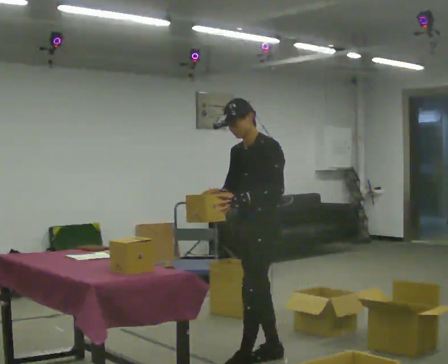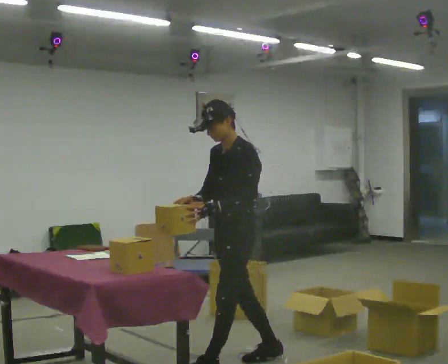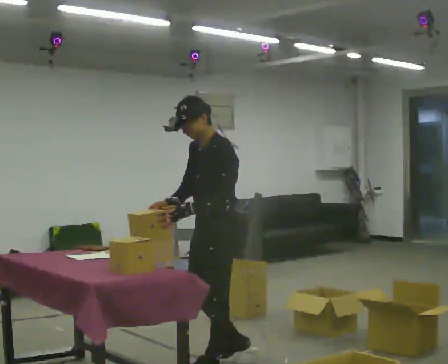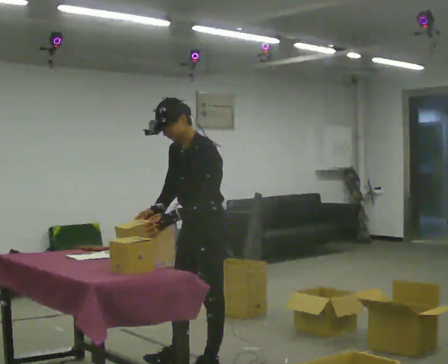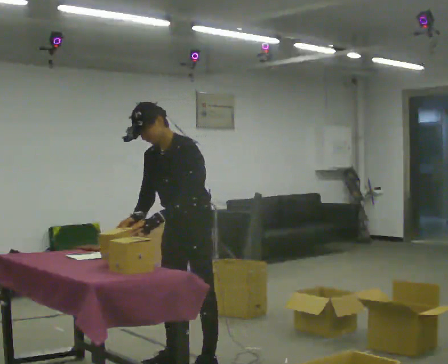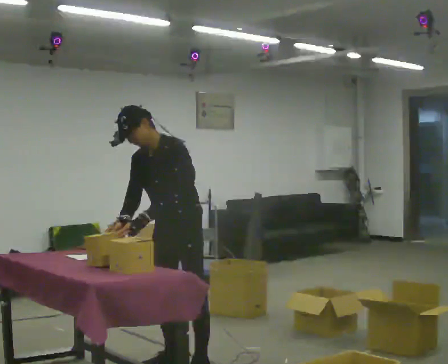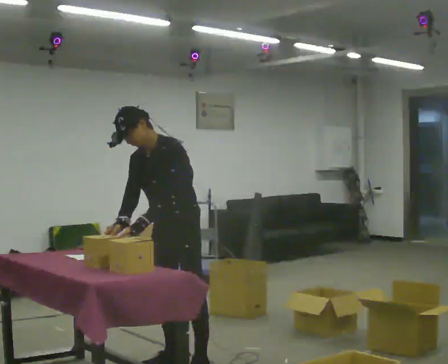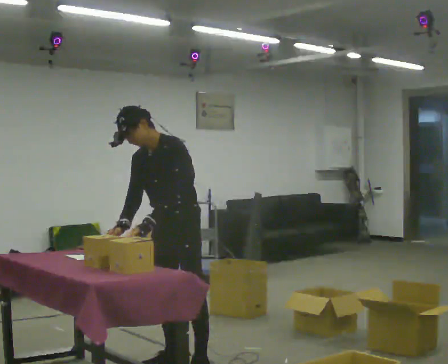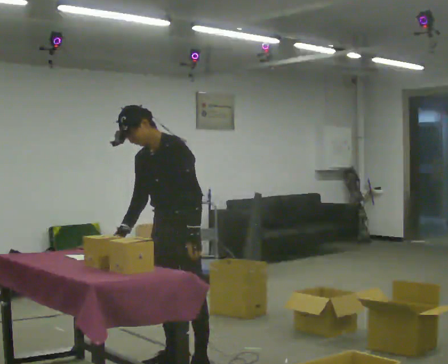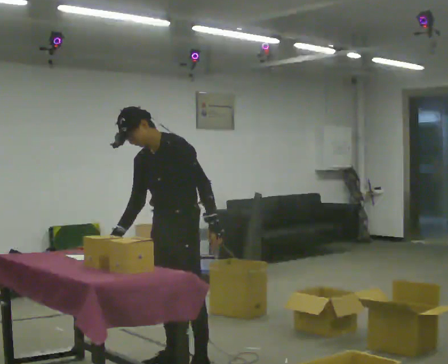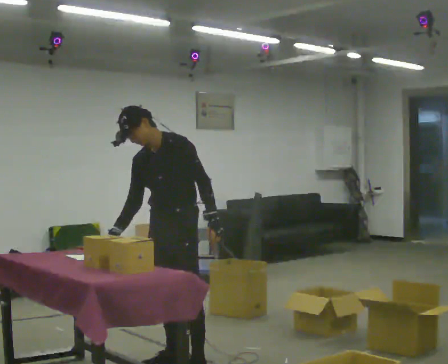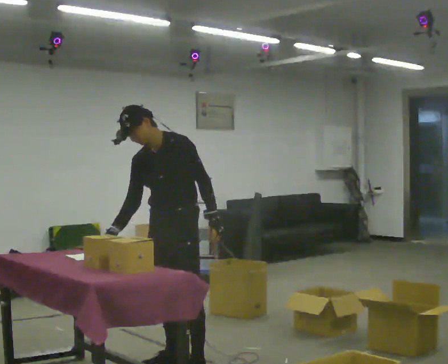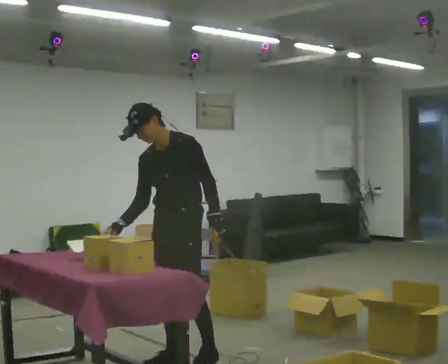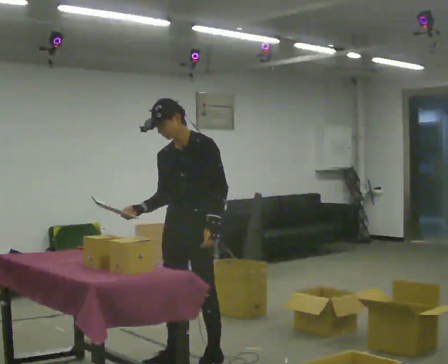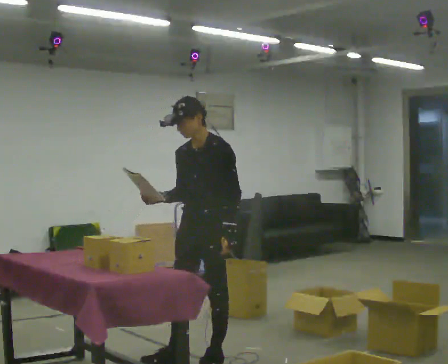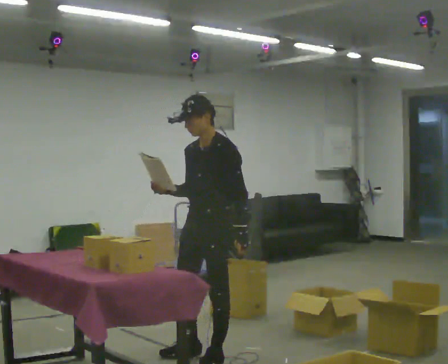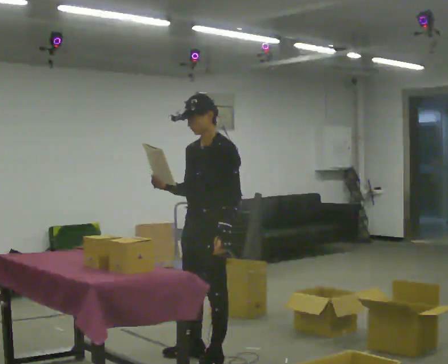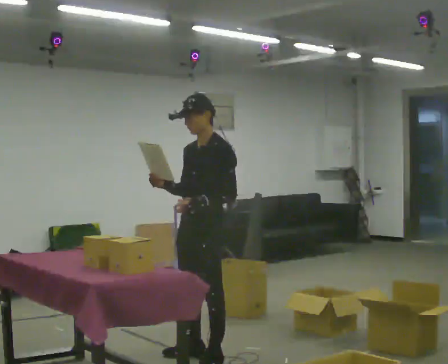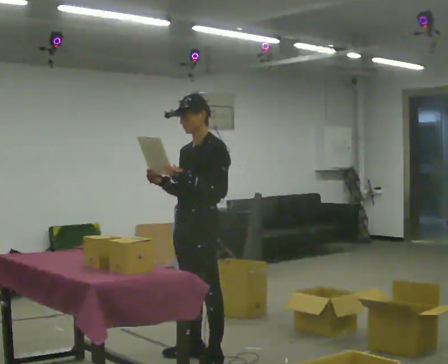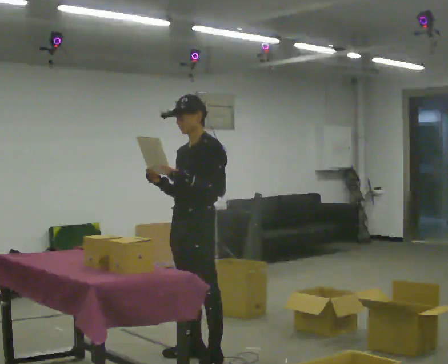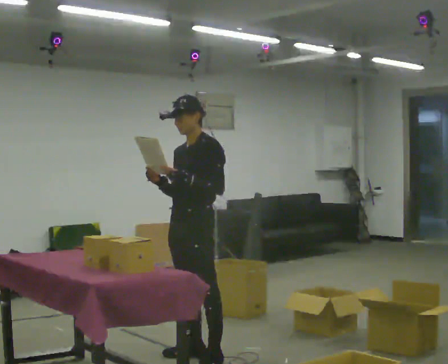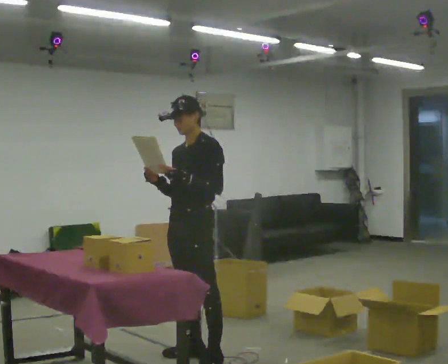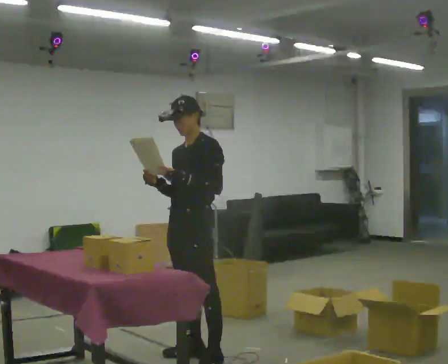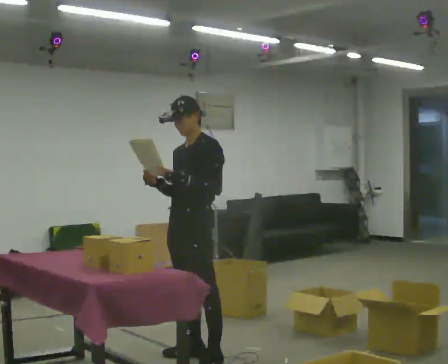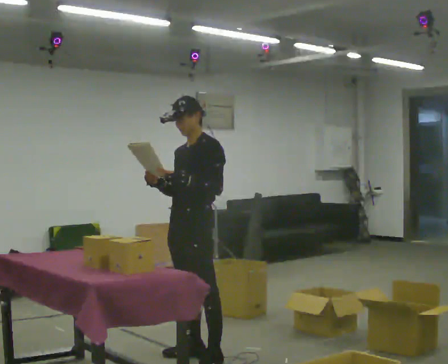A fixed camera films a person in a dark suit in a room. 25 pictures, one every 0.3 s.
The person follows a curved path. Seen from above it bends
clockwise.
0.0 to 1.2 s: In the picture they go to the left, about 0.5 m in 2 steps, which for them is forward.
1.2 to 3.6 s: In the picture their left hand goes to the right, the arm swinging counterclockwise.
3.6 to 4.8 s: In the picture they go to the right, about 0.25 m in 2 steps, which for them is backward.
4.8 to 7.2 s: The person moves a little, or ends about where they began.
The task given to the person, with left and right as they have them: 1. Read the parts list. 2. Collect each part from the bins around the room. 3. Lay them out on the table in the order on the list. 4. Put them all in the carry case. 5. Tell the operator when you are finished.
The film runs forward here.
